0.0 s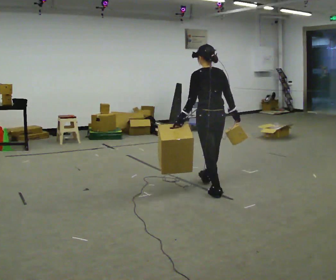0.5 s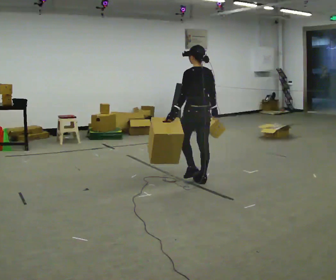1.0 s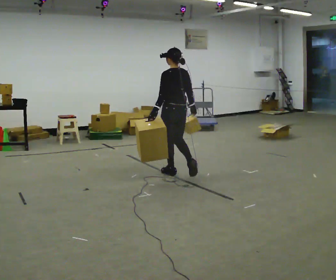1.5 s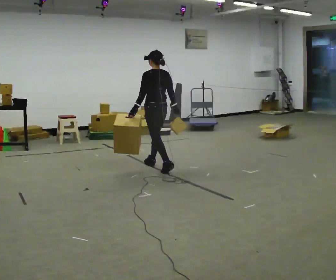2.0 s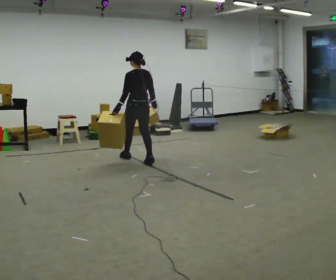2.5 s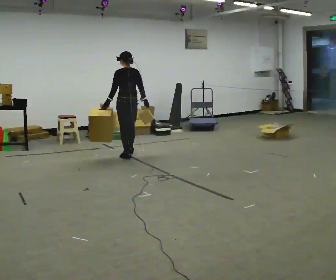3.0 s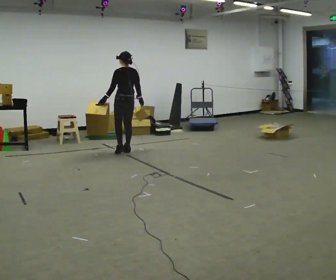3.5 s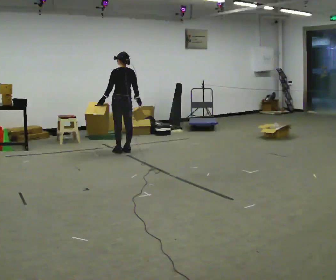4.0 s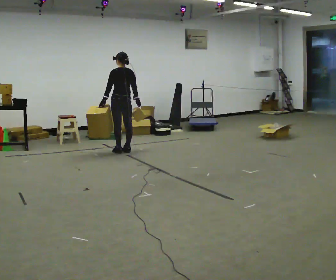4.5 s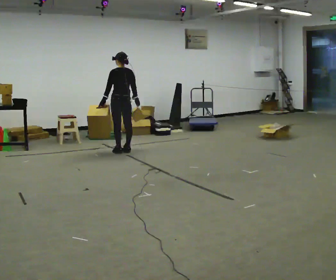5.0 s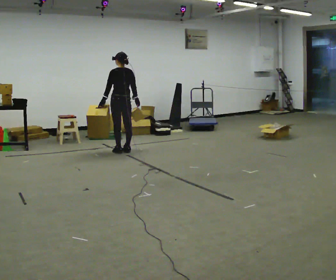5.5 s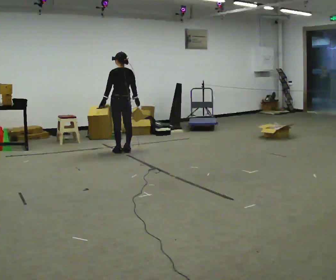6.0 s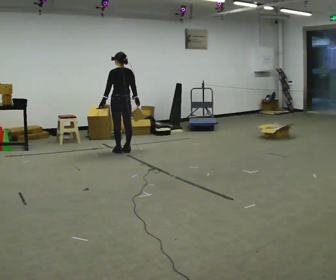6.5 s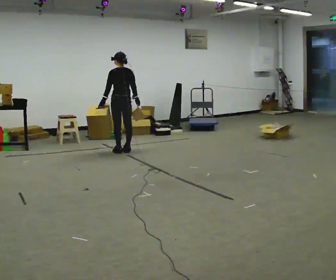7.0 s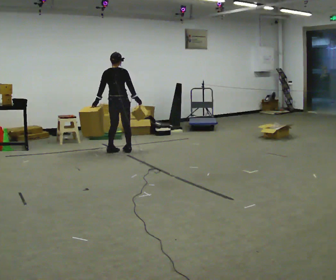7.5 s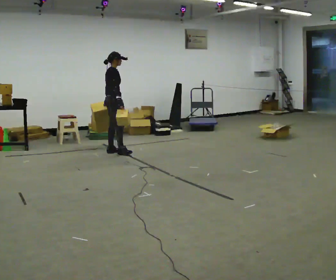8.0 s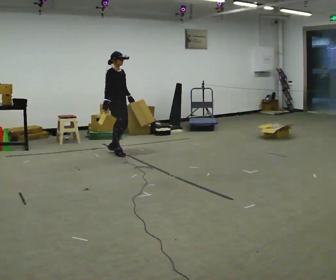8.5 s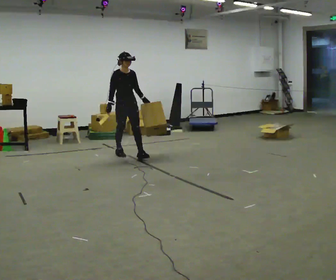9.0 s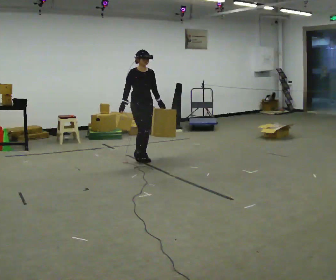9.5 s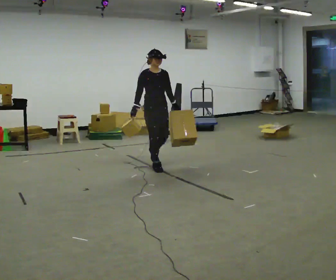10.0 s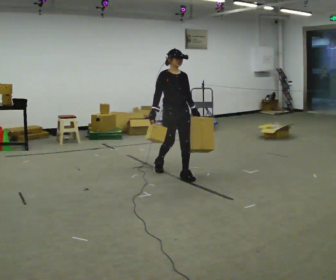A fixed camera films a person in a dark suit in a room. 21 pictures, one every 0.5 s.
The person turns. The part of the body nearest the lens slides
to the left.
The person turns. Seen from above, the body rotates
clockwise.
0.0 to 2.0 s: In the picture they go away from the camera and to the left, about 1.5 m in 4 steps, which for them is forward.
2.0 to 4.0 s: In the picture they go away from the camera, about 0.75 m in 2 steps, which for them is forward.
4.0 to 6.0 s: The person keeps their place and pose.
6.0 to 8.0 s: The part of the body nearest the lens slides to the left as the person turns to their right by about 150 degrees. In the picture they go toward the camera, about 0.25 m in 2 steps. In the picture their left hand goes to the right, the arm swinging counterclockwise.
8.0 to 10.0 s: Seen from above the body turns clockwise, about 30 degrees: to their right, with its near side sliding to the left. In the picture they go toward the camera and to the right, about 1.5 m in 3 steps, which for them is forward.
The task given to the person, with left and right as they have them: Carry one object in each hand, the heavy one in the hand the operator calls, walking back and forth across the room.
The film runs forward here.
